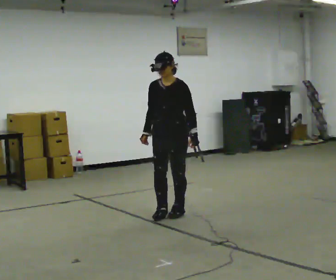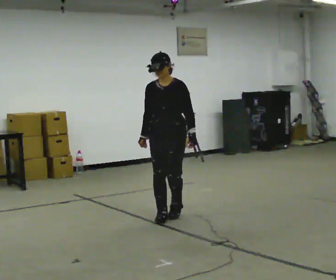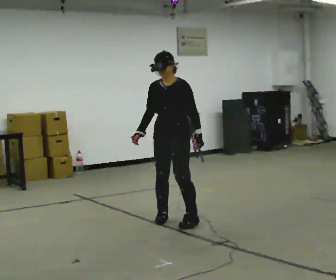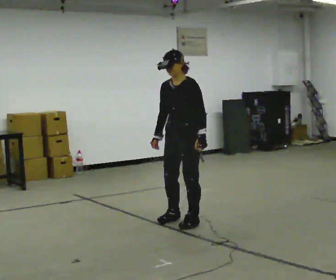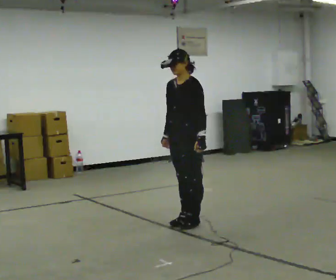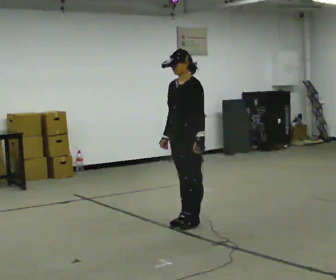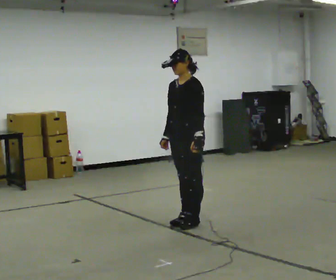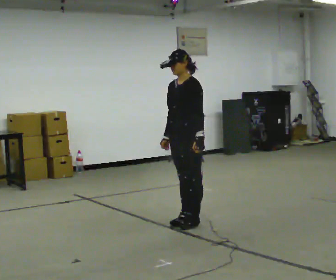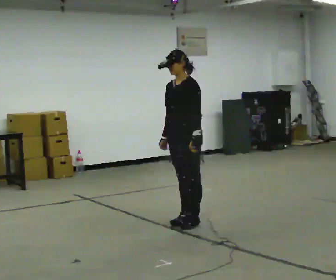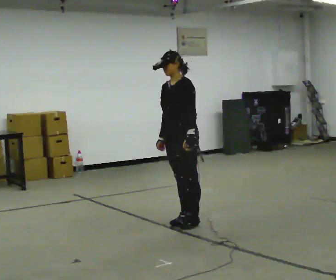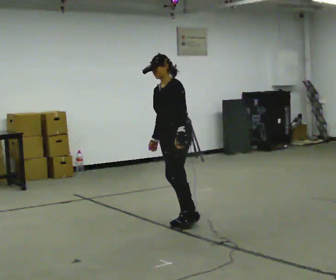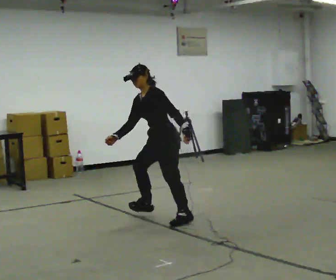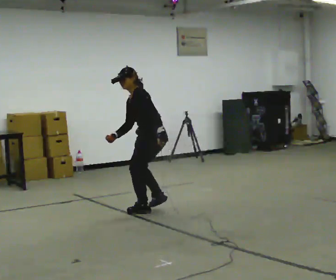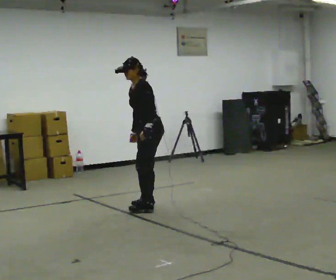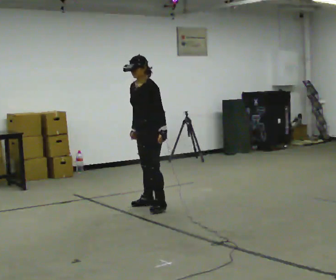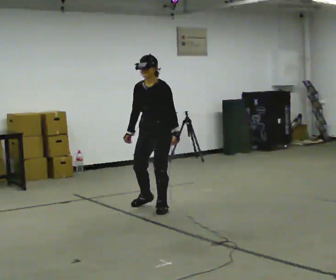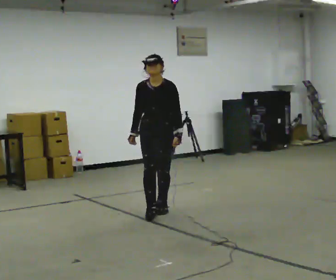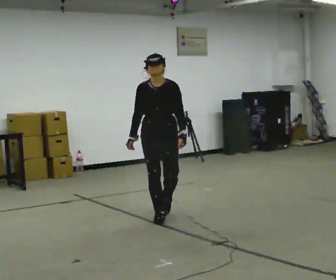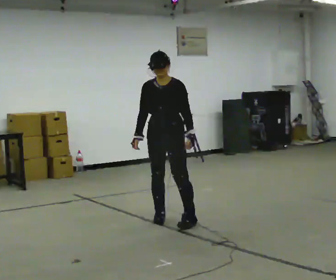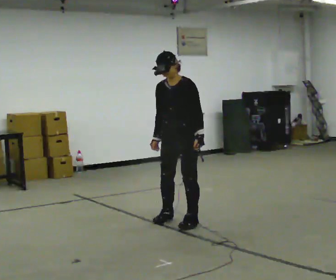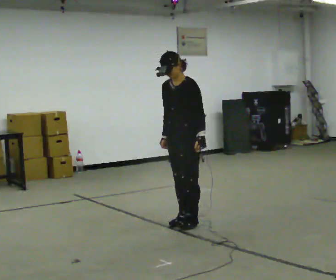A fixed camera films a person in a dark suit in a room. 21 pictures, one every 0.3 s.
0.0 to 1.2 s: The part of the body nearest the lens slides to the left as the person turns to their right by about 30 degrees. In the picture they go toward the camera and to the right, about 0.5 m in 3 steps, which for them is to their left and forward.
1.2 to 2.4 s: The person moves a little, or ends about where they began.
2.4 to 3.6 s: The person turns about 45 degrees to their right, clockwise seen from above, so the part of the body nearest the lens slides to the left. In the picture they go away from the camera and to the left, about 0.5 m in 1 step, which for them is to their right. In the picture the upper body tilts counterclockwise, shoulders to the left, as they bend forward.
3.6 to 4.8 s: Seen from above the body turns counterclockwise, about 90 degrees: to their left, with its near side sliding to the right. In the picture the upper body tilts clockwise, shoulders to the right, as they lean back or straighten.
4.8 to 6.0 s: The part of the body nearest the lens slides to the left as the person turns to their right by about 30 degrees. In the picture they go toward the camera and to the right, about 0.5 m in 3 steps, which for them is to their left and forward.
The film runs forward here.
